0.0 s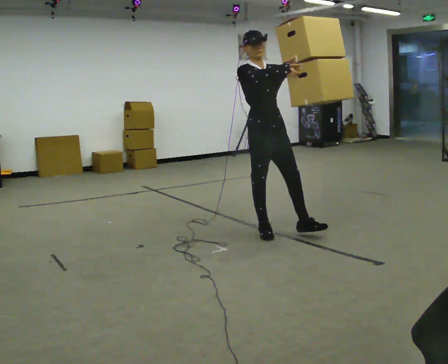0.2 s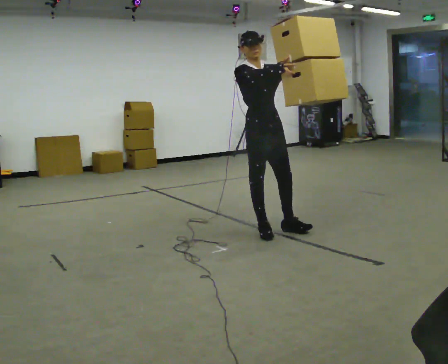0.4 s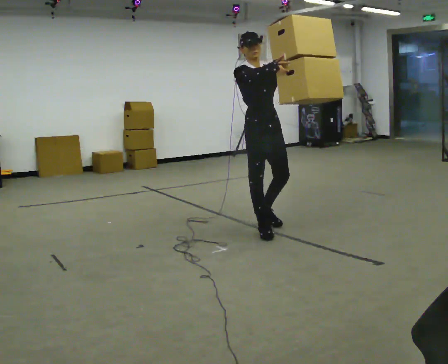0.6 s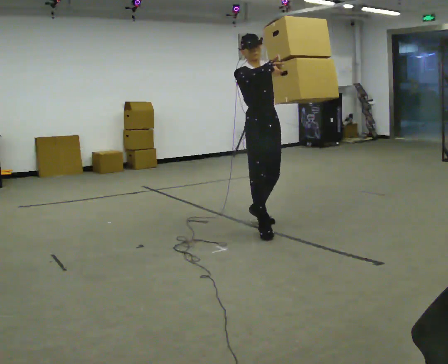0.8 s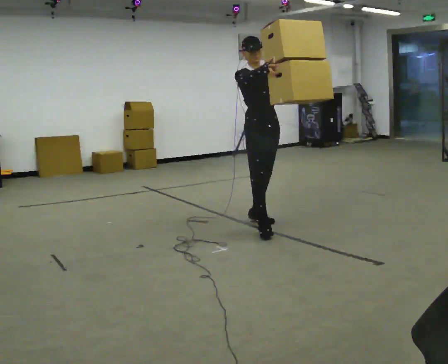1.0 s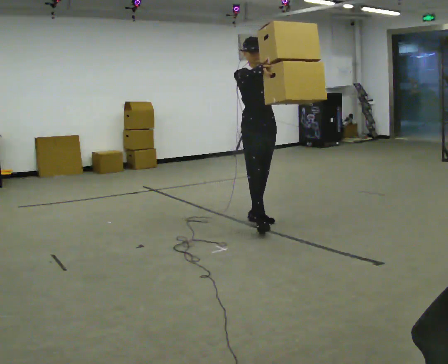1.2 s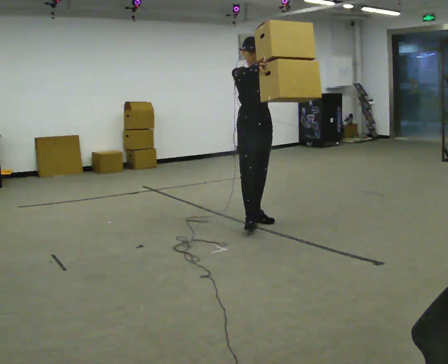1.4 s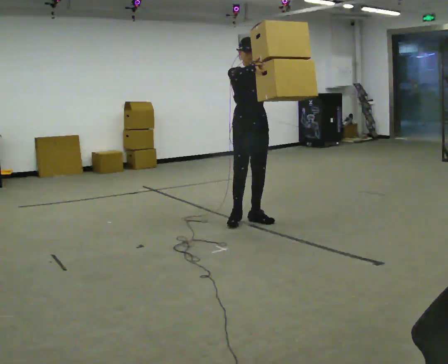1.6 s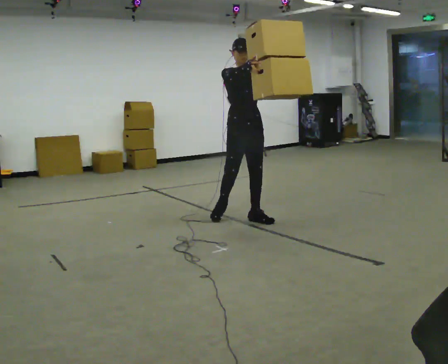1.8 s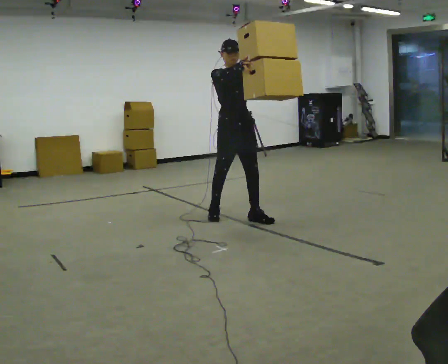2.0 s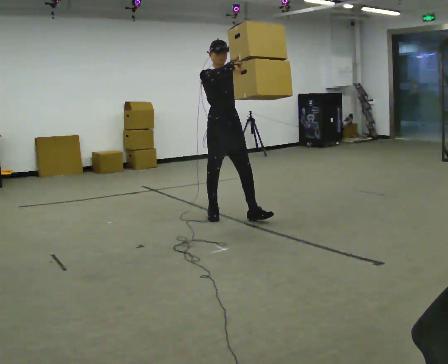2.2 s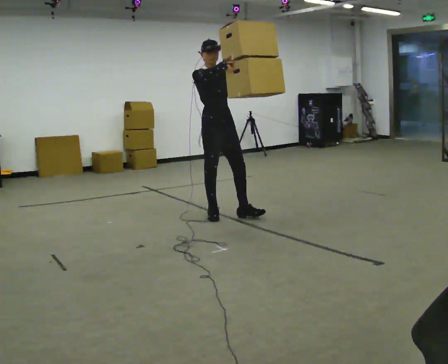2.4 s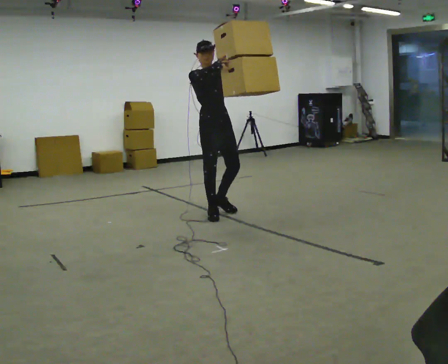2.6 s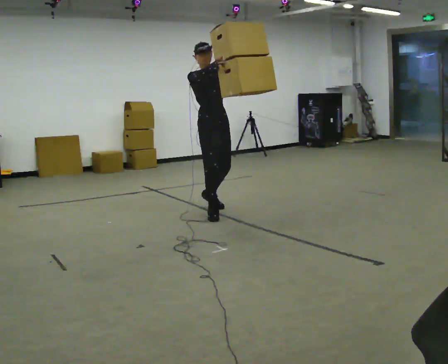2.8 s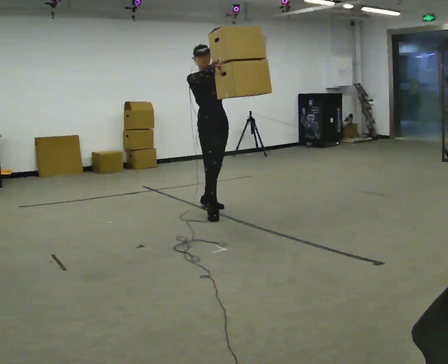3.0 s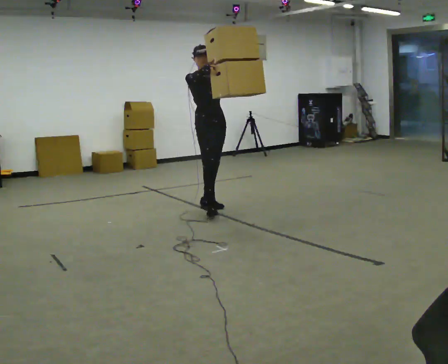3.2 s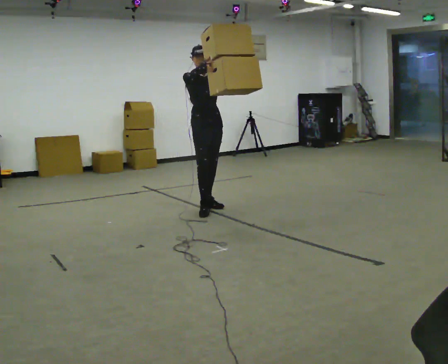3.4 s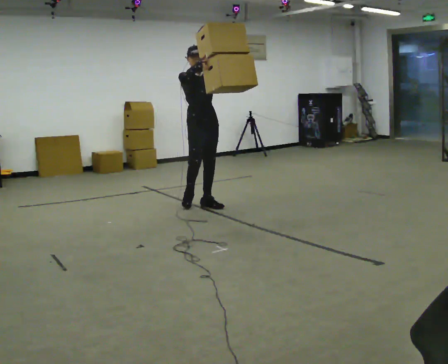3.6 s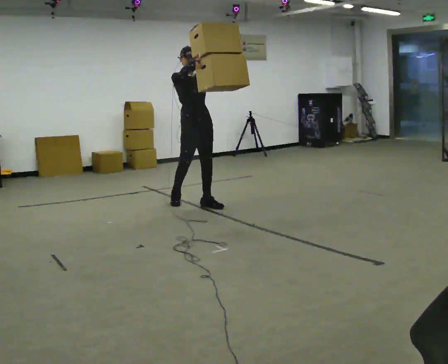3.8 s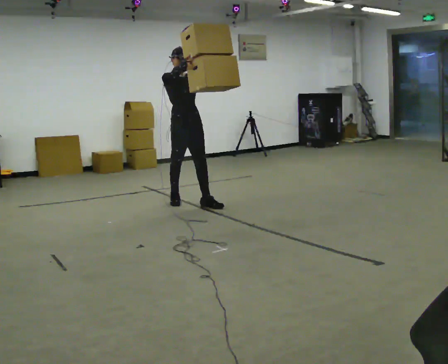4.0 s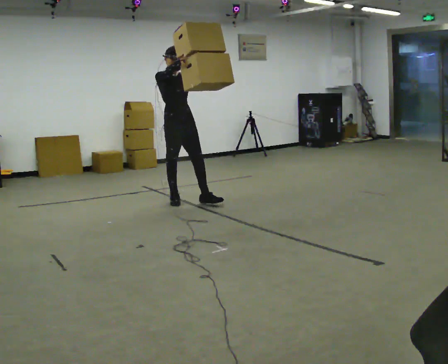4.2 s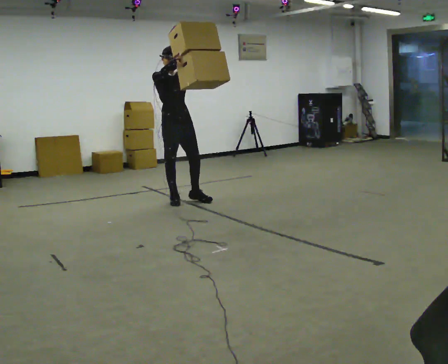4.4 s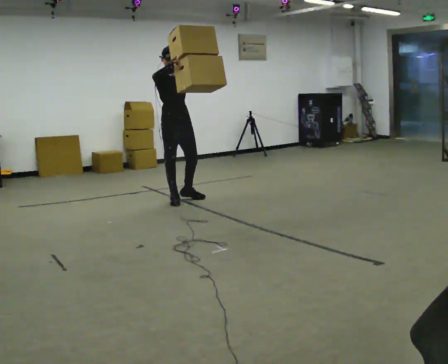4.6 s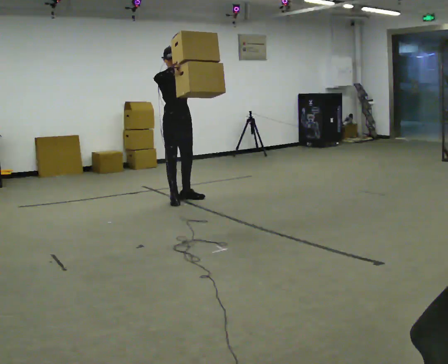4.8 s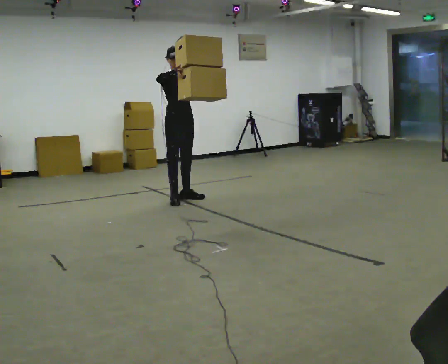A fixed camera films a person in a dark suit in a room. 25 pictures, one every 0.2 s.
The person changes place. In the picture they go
away from the camera.
0.0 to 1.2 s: In the picture they go away from the camera, about 0.5 m in 1 step, which for them is backward and to their left.
1.2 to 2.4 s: In the picture they go to the left and away from the camera, about 0.5 m in 1 step, which for them is backward and to their right.
2.4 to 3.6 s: In the picture they go away from the camera and to the left, about 0.5 m in 1 step, which for them is backward.
3.6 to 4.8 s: In the picture they go away from the camera and to the left, about 0.25 m in 1 step, which for them is backward.
The film runs backward here.
